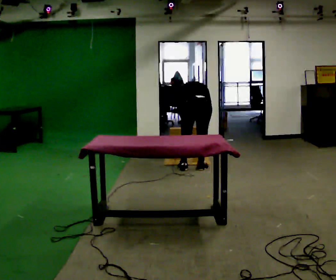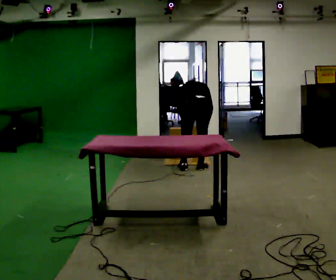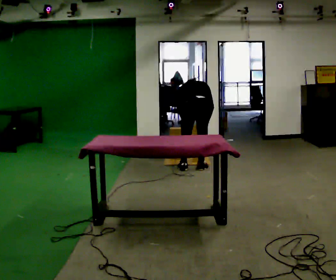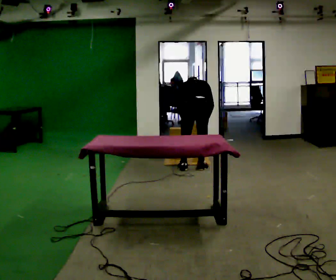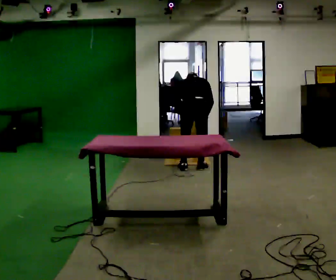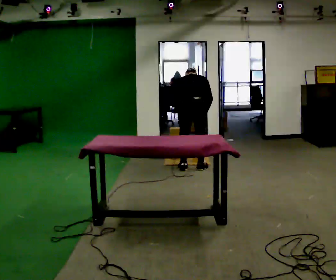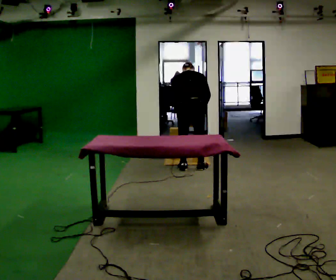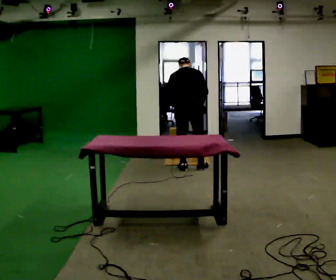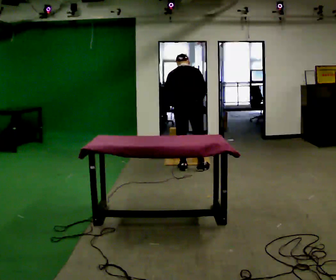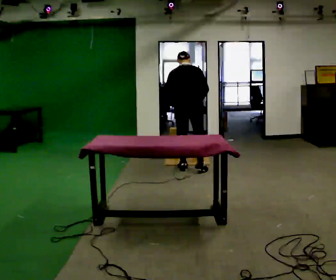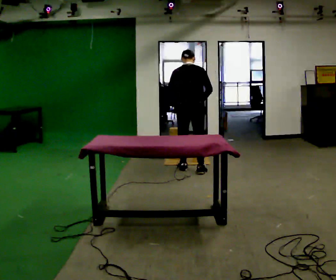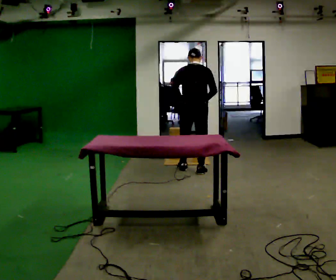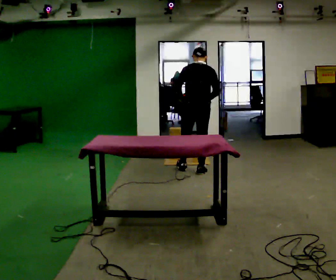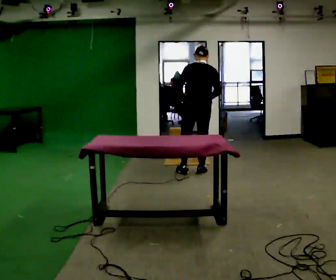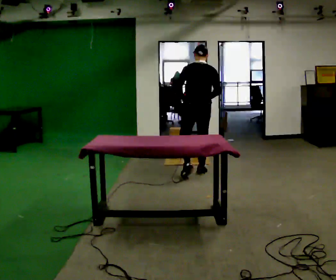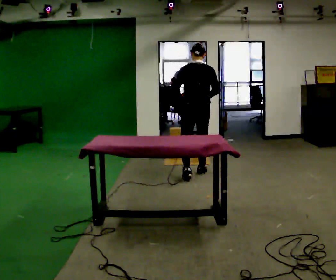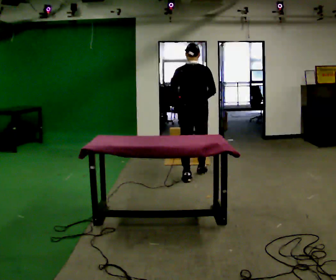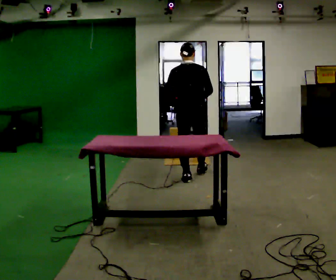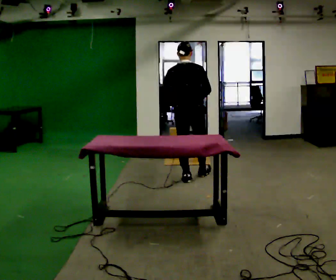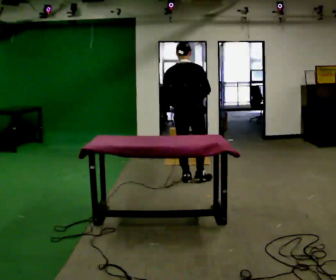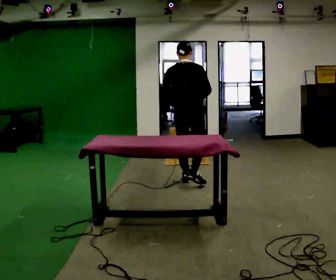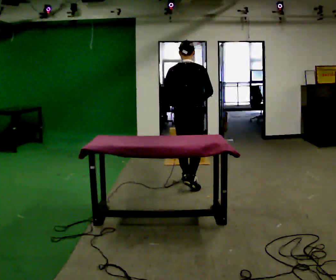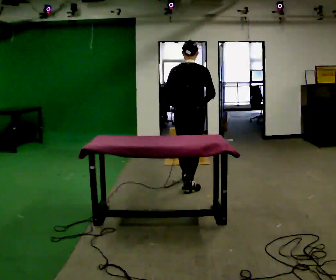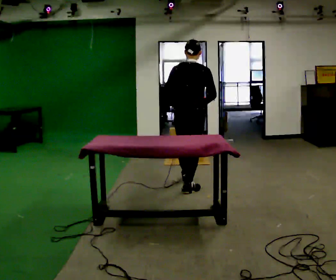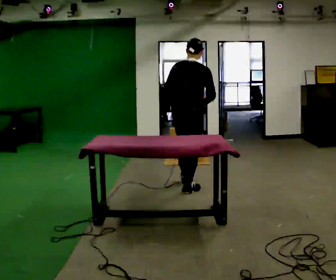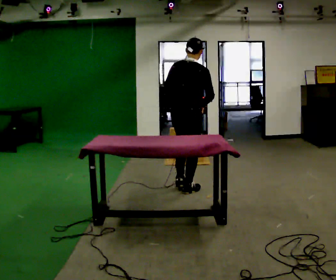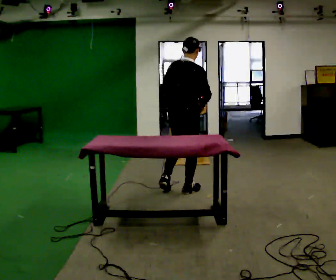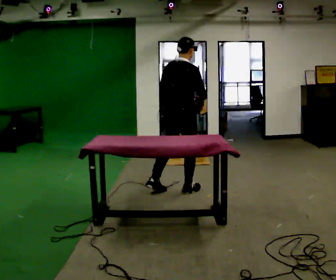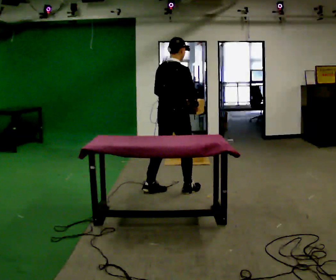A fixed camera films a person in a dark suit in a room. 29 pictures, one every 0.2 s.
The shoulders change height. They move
upward.
Their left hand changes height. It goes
upward.
0.0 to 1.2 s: The upper body goes upward. The upper body tips toward the camera, its near side rolling downward, as they lean back or straighten.
1.2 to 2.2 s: The upper body tips toward the camera, its near side rolling downward, as they lean back or straighten.
2.2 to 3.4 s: In the picture they go toward the camera, about 0.25 m in 1 step, which for them is backward.
3.4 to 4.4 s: In the picture they go toward the camera, about 0.25 m in 1 step, which for them is backward.
4.4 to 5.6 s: The part of the body nearest the lens slides to the left as the person turns to their right by about 30 degrees. In the picture they go toward the camera and to the left, about 0.25 m in 1 step, which for them is backward.
The film runs backward here.
